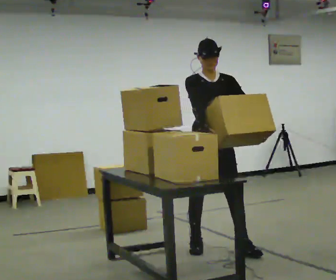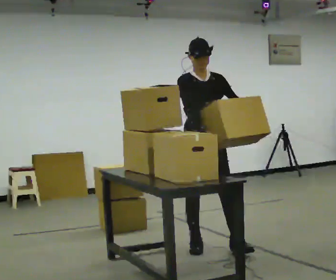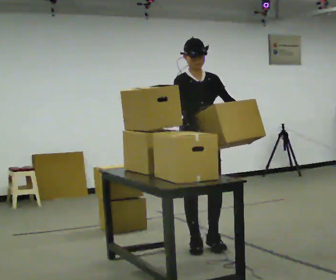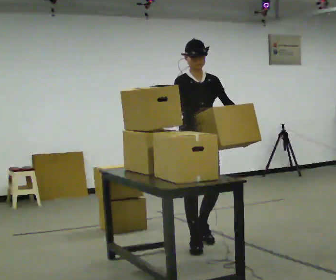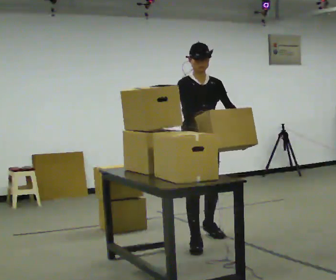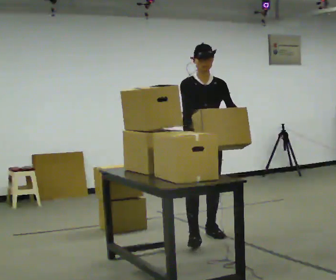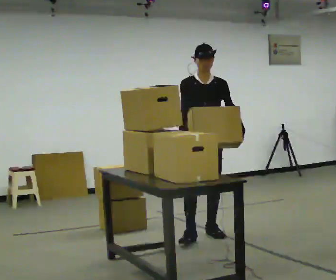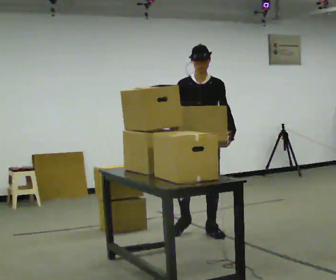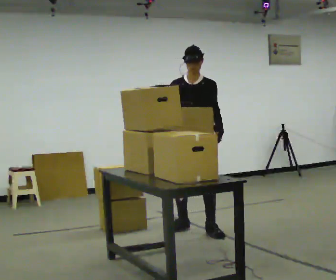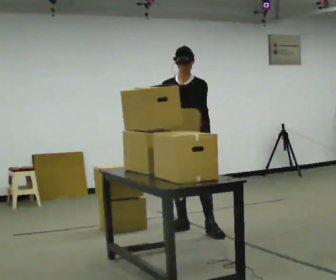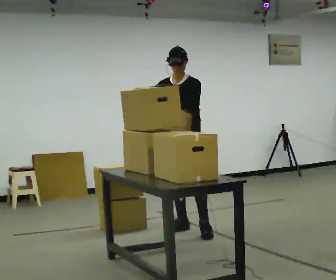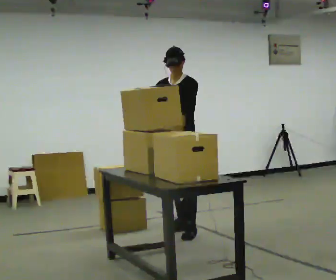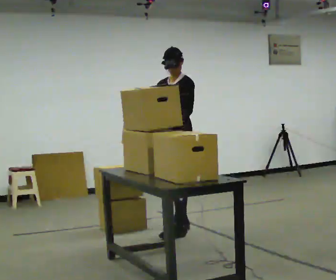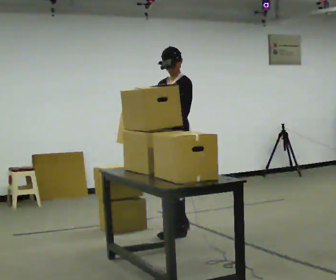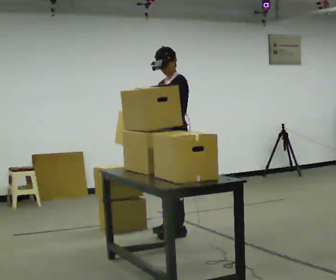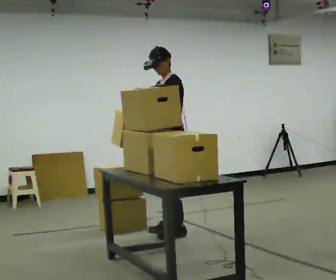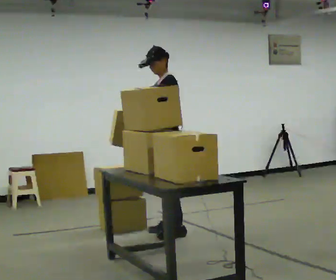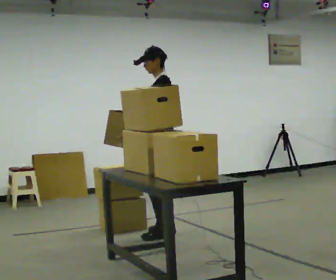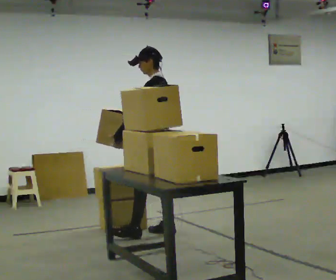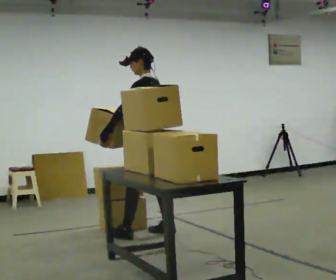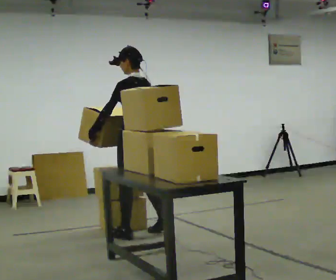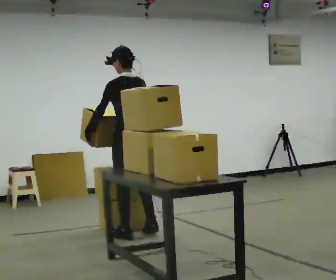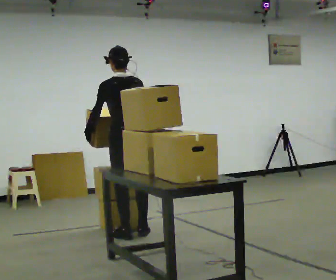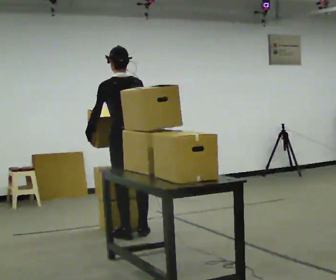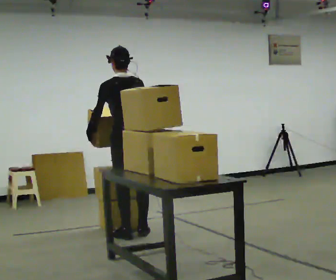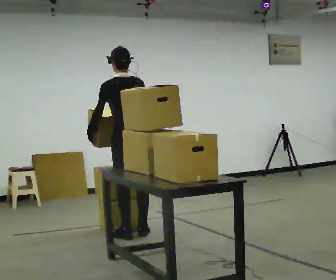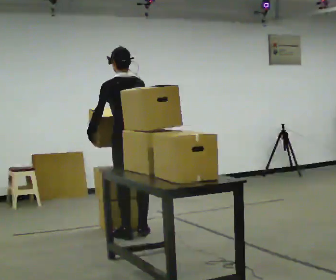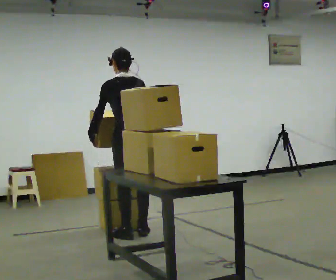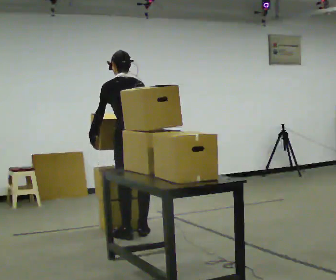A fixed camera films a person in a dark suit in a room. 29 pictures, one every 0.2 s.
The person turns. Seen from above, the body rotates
clockwise.
Their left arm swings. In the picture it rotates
clockwise.
0.0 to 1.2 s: In the picture they go away from the camera, about 0.5 m in 2 steps, which for them is backward.
1.2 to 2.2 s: The part of the body nearest the lens slides to the left as the person turns to their right by about 45 degrees. In the picture they go away from the camera and to the left, about 0.25 m in 1 step, which for them is to their right and backward.
2.2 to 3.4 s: The person turns about 60 degrees to their right, clockwise seen from above, so the part of the body nearest the lens slides to the left. In the picture their left hand goes to the left.
3.4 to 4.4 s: The person turns about 60 degrees to their right, clockwise seen from above, so the part of the body nearest the lens slides to the left. In the picture they go to the left, about 0.25 m in 1 step.
4.4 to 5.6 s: The person moves a little, or ends about where they began.
The film runs backward here.
